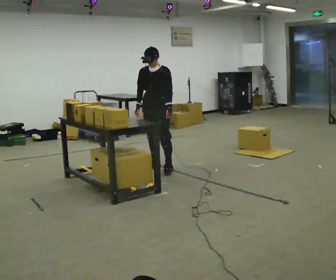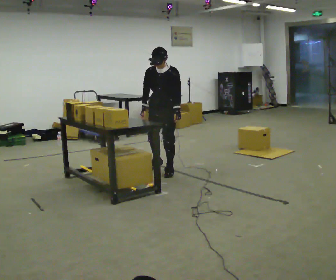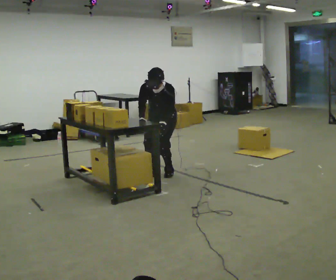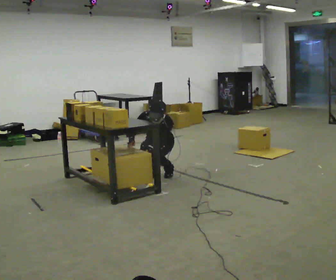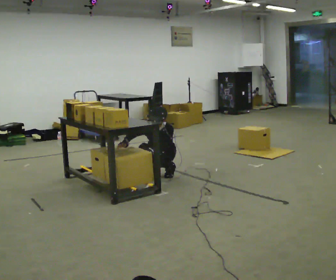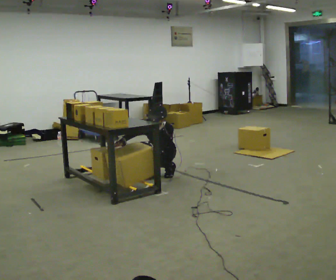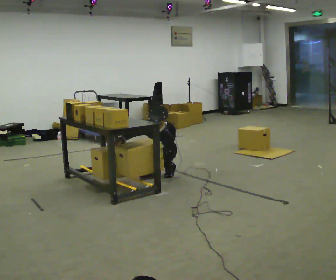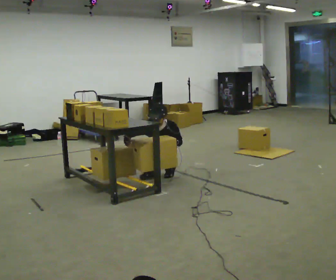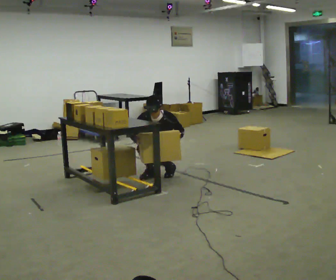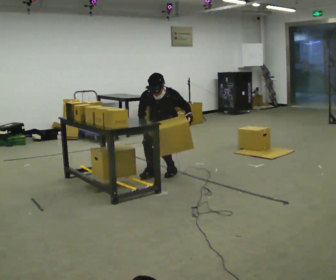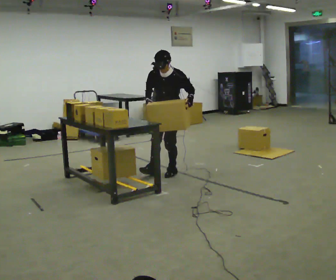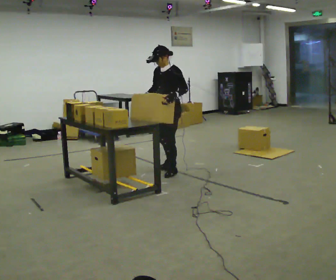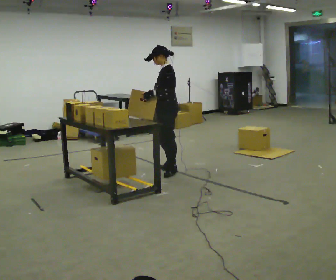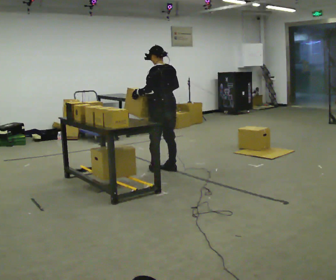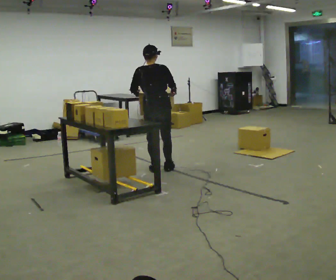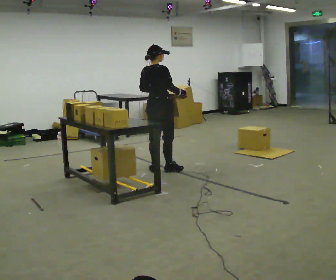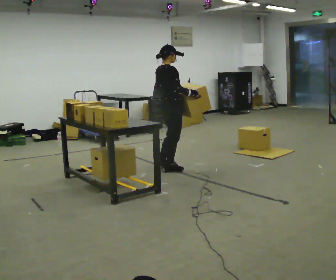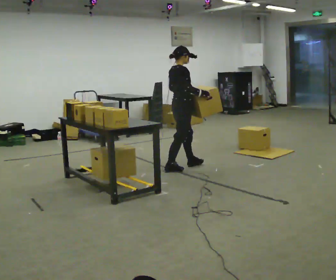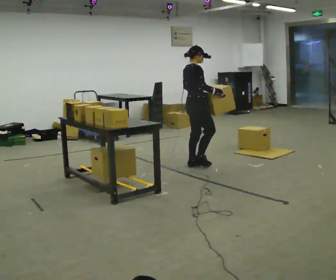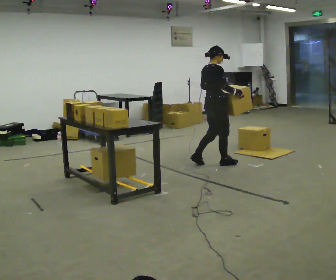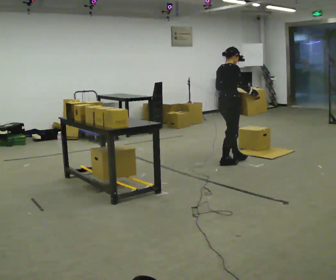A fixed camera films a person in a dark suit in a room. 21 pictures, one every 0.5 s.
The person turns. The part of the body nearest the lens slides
to the left.
The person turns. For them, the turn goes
to their right.
0.0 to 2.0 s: In the picture they go toward the camera, about 0.25 m in 2 steps, which for them is to their left and forward. The shoulders move downward. The upper body tips toward the camera, its near side rolling downward, as they bend forward.
2.0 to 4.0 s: In the picture their left hand goes to the right.
4.0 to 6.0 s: Seen from above the body turns clockwise, about 75 degrees: to their right, with its near side sliding to the left. The shoulders move upward. The upper body tips away from the camera, its near side rolling upward, as they lean back or straighten. In the picture their right hand goes upward.
6.0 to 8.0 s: Seen from above the body turns clockwise, about 150 degrees: to their right, with its near side sliding to the left.
8.0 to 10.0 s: In the picture they go to the right, about 1 m in 3 steps, which for them is forward.
The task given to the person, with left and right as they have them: 1. Bring the boxes over from the shelf one at a time. 2. Stack them on the pallet with the heaviest at the bottom. 3. Do not stack more than three high. 4. Tell the operator when you are finished.
The film runs forward here.
